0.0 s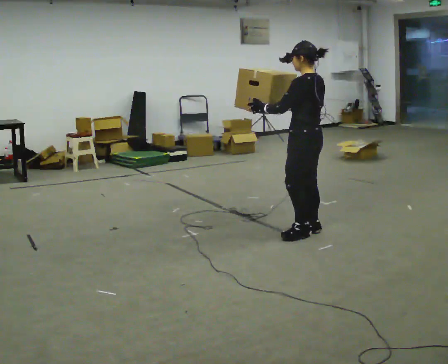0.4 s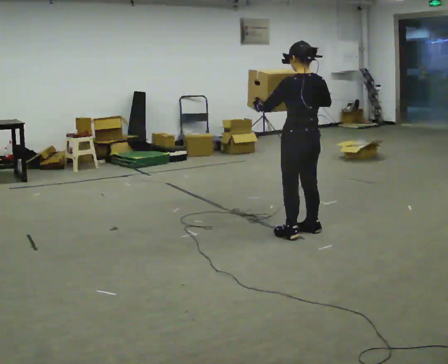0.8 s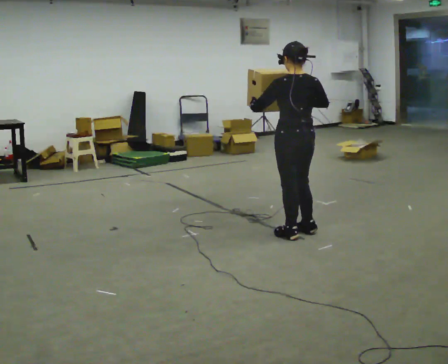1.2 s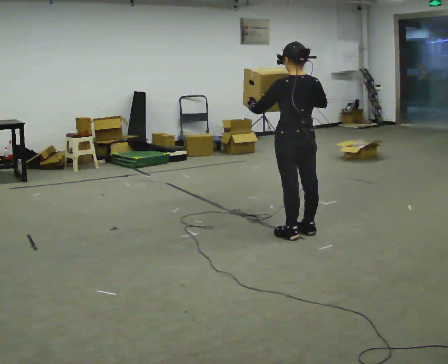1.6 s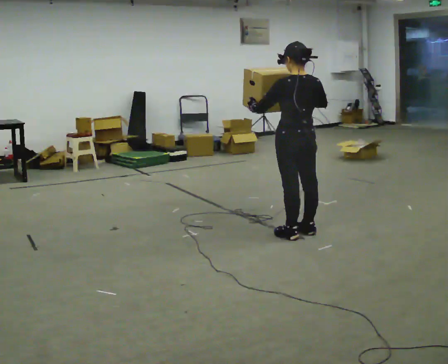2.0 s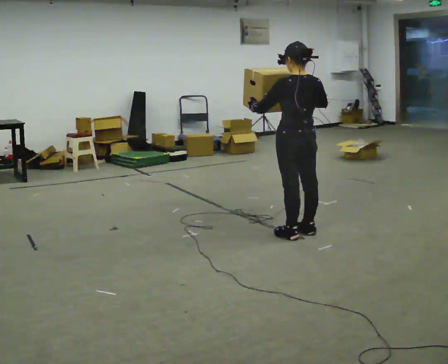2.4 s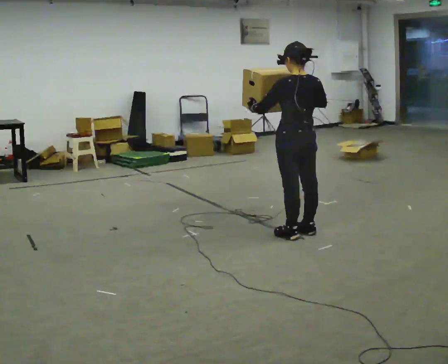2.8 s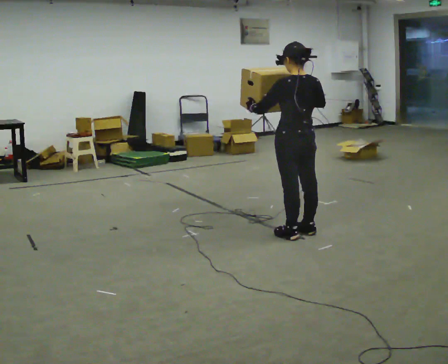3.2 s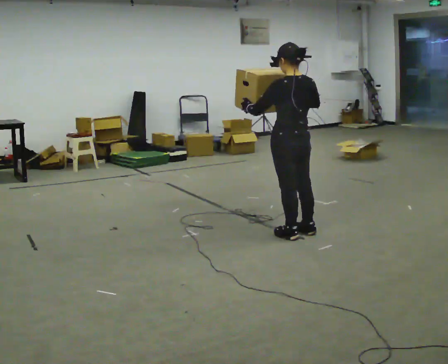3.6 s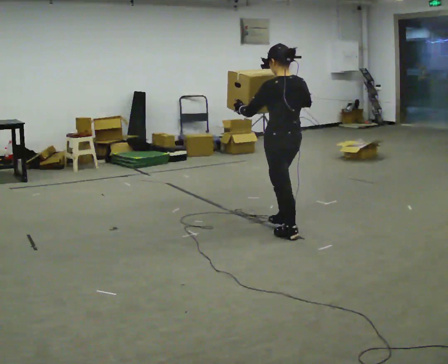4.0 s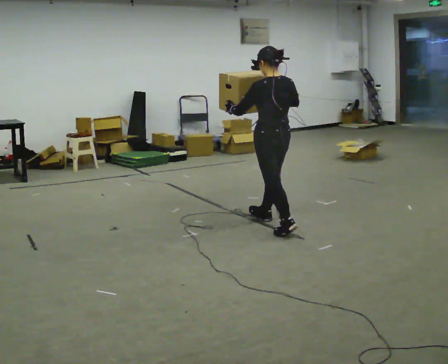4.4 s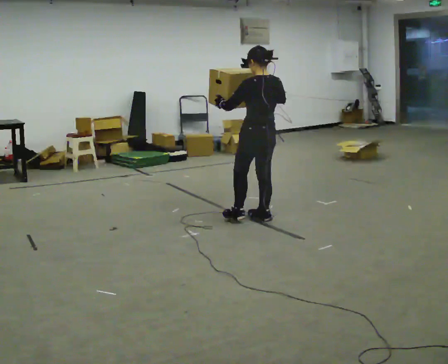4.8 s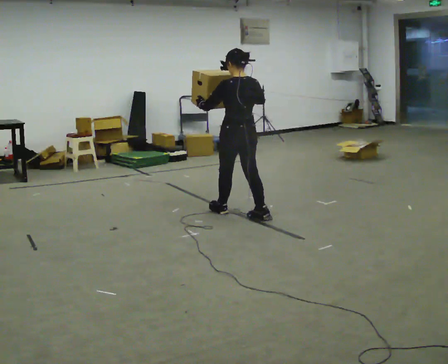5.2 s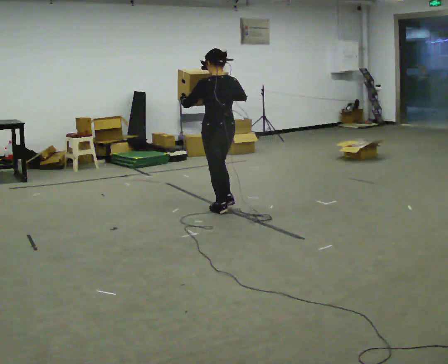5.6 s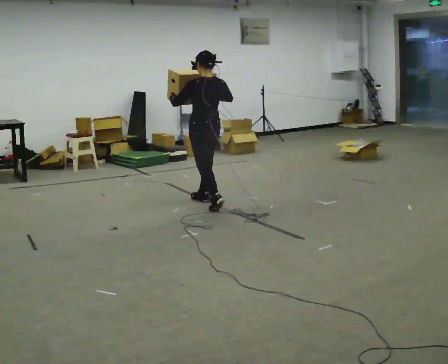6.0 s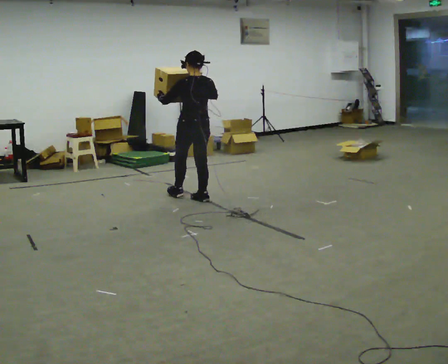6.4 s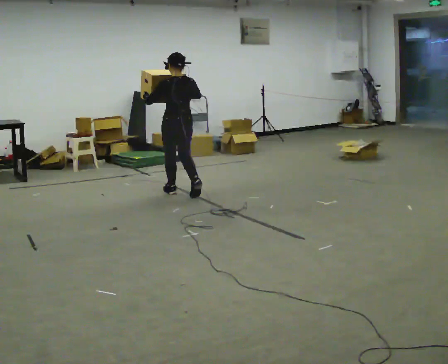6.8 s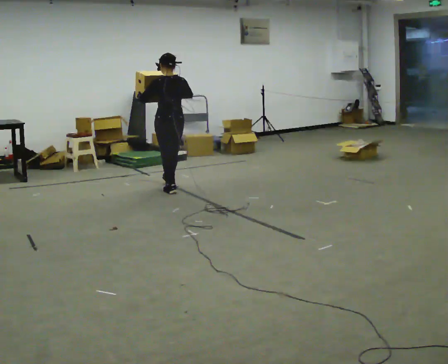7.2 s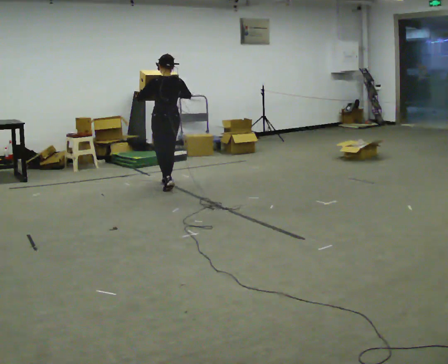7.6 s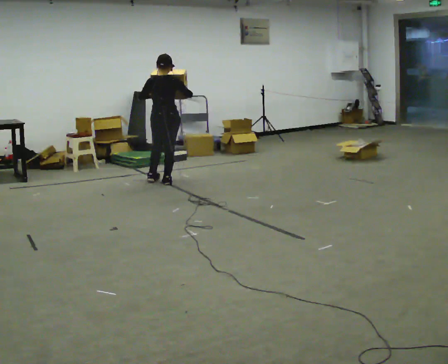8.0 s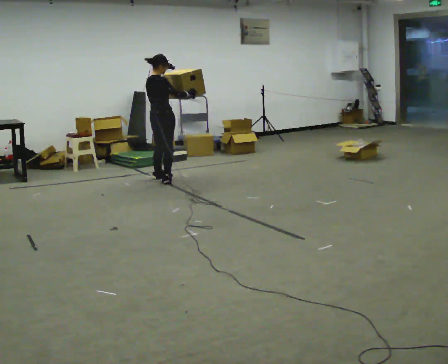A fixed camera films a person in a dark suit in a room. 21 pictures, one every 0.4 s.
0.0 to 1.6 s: Seen from above the body turns clockwise, about 30 degrees: to their right, with its near side sliding to the left.
1.6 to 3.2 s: The person moves a little, or ends about where they began.
3.2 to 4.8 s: In the picture they go away from the camera and to the left, about 0.5 m in 2 steps, which for them is forward.
4.8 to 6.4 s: In the picture they go away from the camera and to the left, about 1 m in 2 steps, which for them is forward.
6.4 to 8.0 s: The person turns about 75 degrees to their right, clockwise seen from above, so the part of the body nearest the lens slides to the left. In the picture they go away from the camera and to the left, about 1 m in 2 steps.
The film runs forward here.
